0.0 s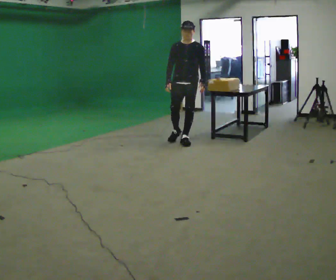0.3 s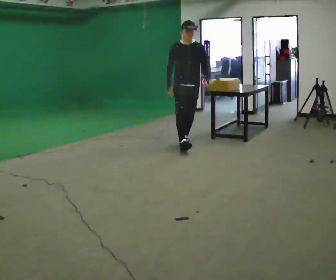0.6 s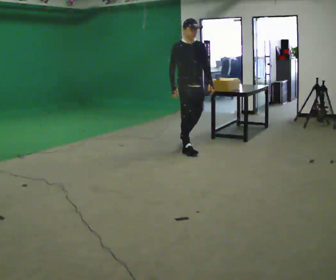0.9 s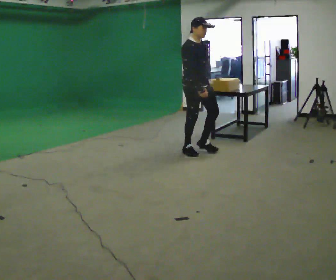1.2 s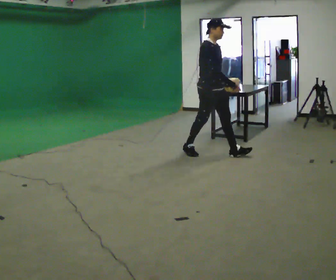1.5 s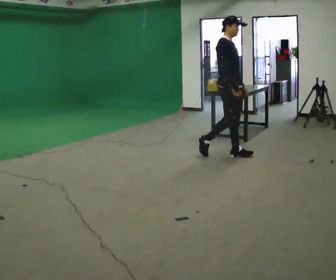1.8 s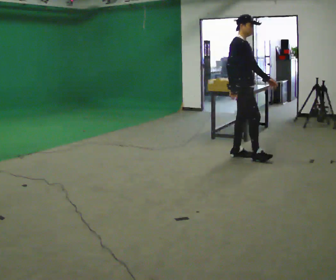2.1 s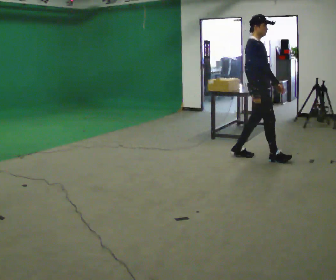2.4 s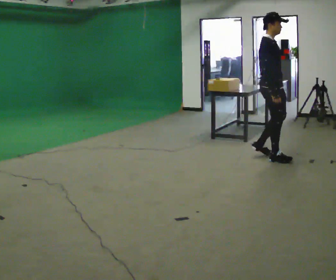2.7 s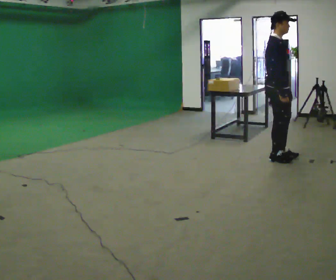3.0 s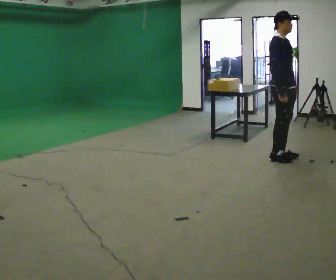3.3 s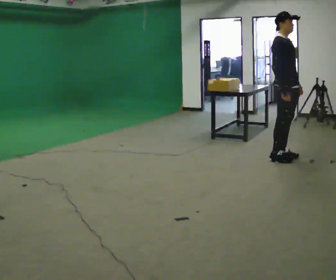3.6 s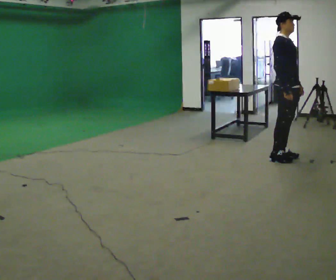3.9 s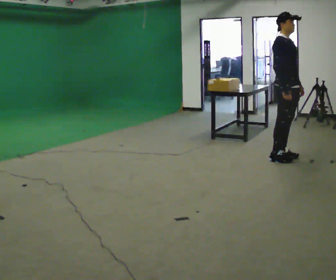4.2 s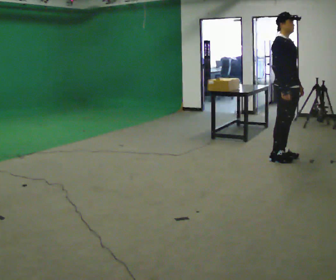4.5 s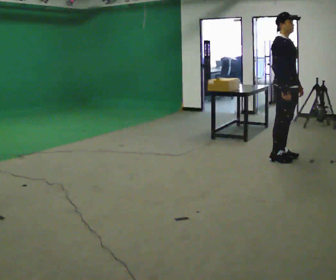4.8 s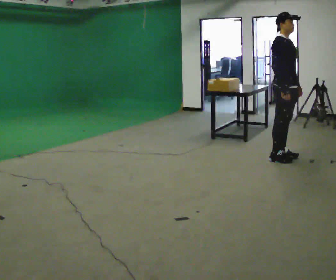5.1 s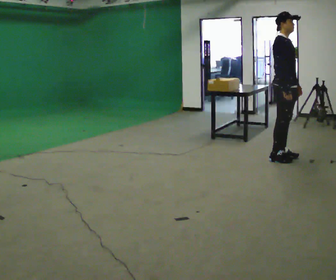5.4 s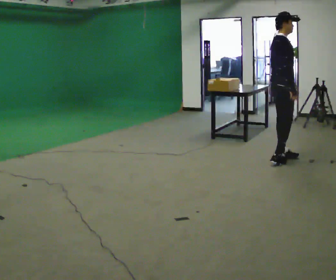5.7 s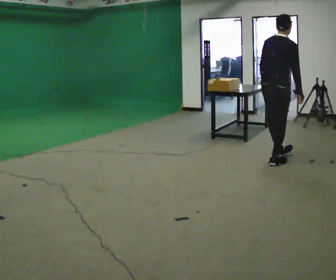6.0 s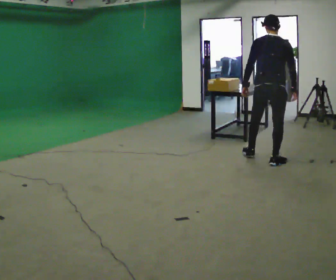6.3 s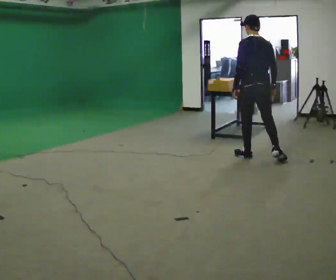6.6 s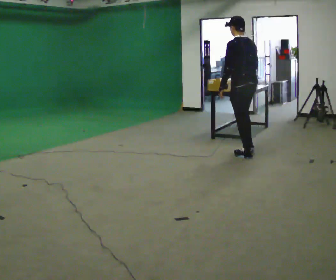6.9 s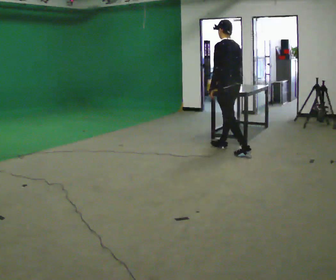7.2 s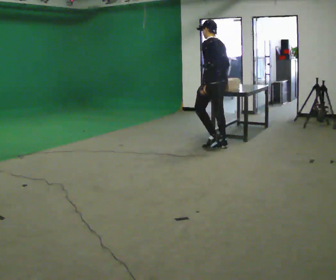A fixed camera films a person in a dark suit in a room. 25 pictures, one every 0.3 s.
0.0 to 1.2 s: The person turns about 60 degrees to their left, counterclockwise seen from above, so the part of the body nearest the lens slides to the right. In the picture they go toward the camera and to the right, about 0.5 m in 2 steps.
1.2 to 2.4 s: In the picture they go to the right, about 1 m in 1 step, which for them is forward.
2.4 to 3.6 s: In the picture they go to the right, about 0.25 m in 1 step, which for them is forward.
3.6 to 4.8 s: The person moves a little, or ends about where they began.
4.8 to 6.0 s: The part of the body nearest the lens slides to the right as the person turns to their left by about 105 degrees. In the picture they go to the left, about 0.25 m in 1 step. In the picture their left hand goes to the left, the arm swinging clockwise.
6.0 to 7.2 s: Seen from above the body turns counterclockwise, about 60 degrees: to their left, with its near side sliding to the right. In the picture they go to the left and away from the camera, about 1 m in 2 steps.
The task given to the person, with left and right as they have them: Walk forward noticeably slower than normal; do not shuffle; stop.
The film runs forward here.
